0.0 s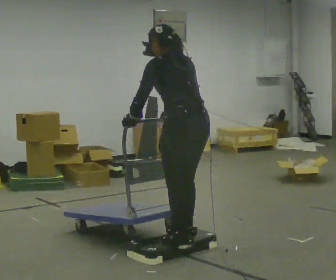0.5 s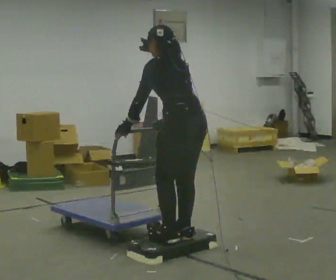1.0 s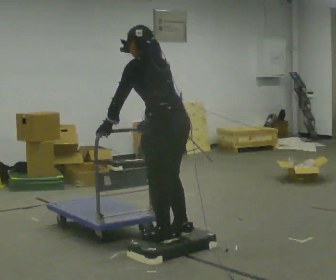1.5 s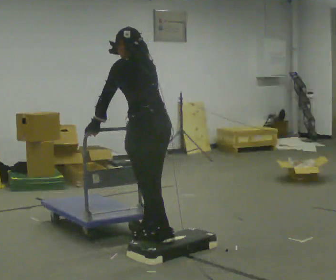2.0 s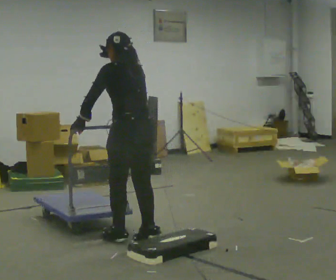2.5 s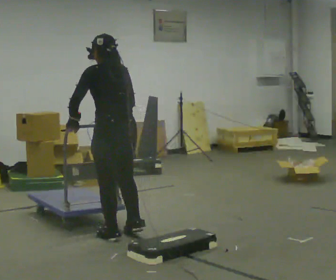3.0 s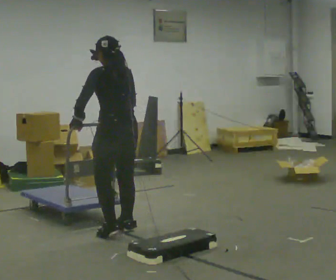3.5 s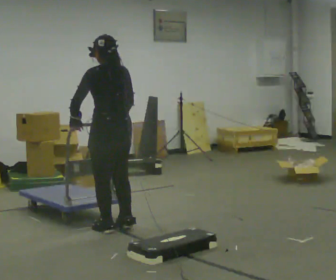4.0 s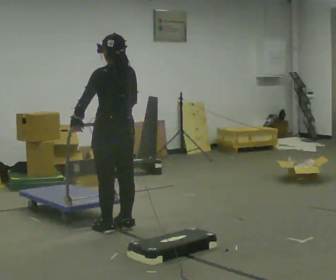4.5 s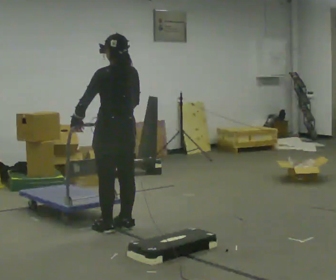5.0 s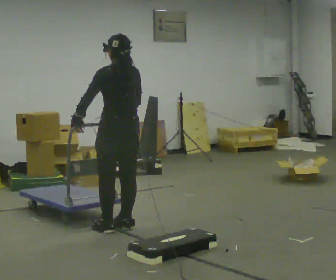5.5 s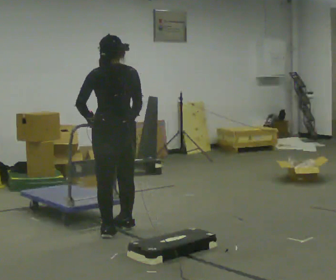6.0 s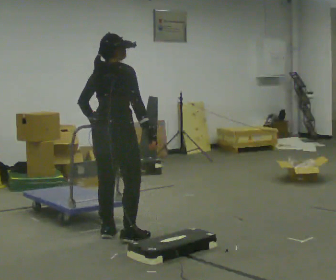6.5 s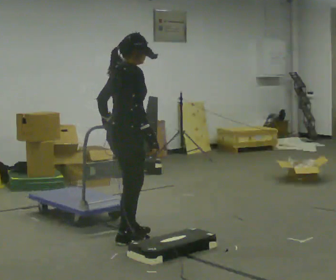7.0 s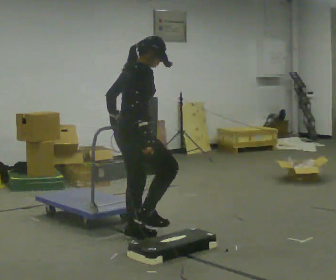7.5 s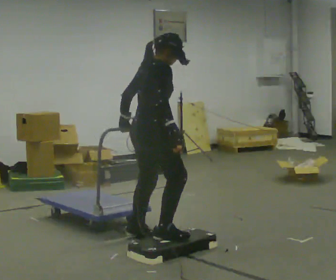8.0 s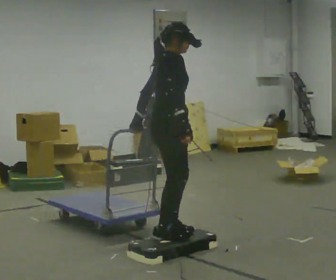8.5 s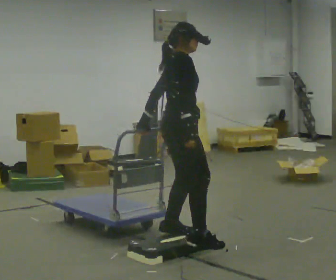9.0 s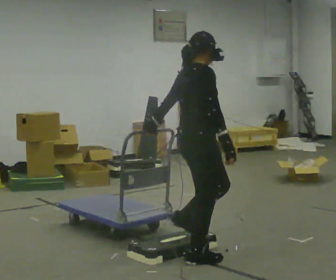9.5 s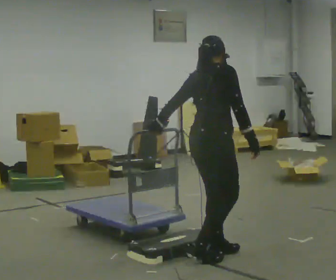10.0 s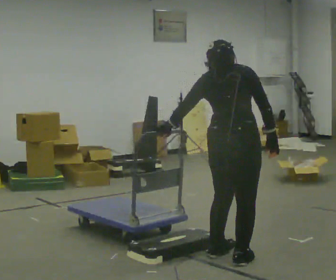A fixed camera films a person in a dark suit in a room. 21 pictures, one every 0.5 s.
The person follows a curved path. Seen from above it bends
counterclockwise.
0.0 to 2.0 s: In the picture they go away from the camera and to the left, about 0.5 m in 3 steps, which for them is forward.
2.0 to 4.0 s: In the picture they go away from the camera, about 0.5 m in 3 steps, which for them is forward.
4.0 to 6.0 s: The person turns about 75 degrees to their right, clockwise seen from above, so the part of the body nearest the lens slides to the left. In the picture they go toward the camera, about 0.25 m.
6.0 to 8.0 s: Seen from above the body turns clockwise, about 45 degrees: to their right, with its near side sliding to the left. In the picture they go to the right and toward the camera, about 0.5 m in 4 steps, which for them is to their right and forward.
8.0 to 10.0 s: The person turns about 60 degrees to their left, counterclockwise seen from above, so the part of the body nearest the lens slides to the right. In the picture they go toward the camera and to the right, about 0.5 m in 3 steps.
The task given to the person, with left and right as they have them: Push the cart up over the low platform edge and down the other side, then bring it back over.
The film runs forward here.
